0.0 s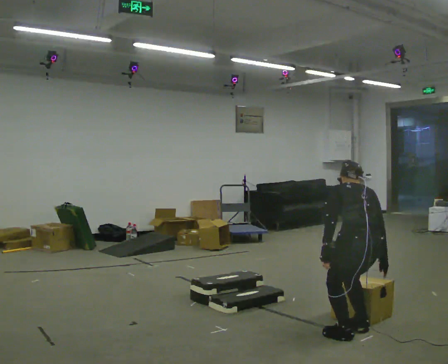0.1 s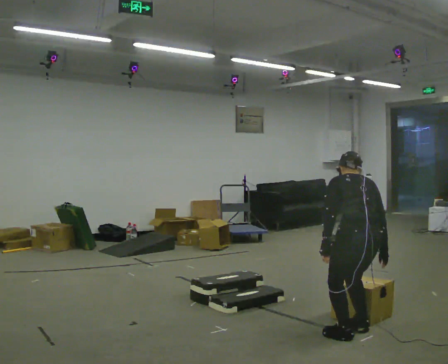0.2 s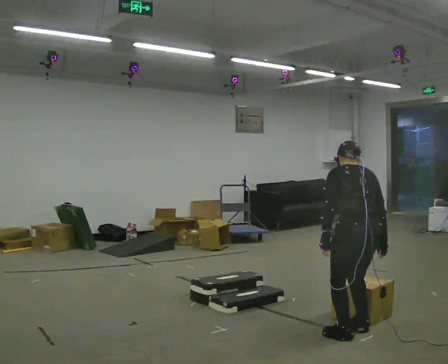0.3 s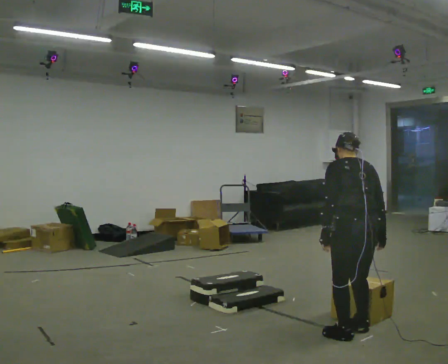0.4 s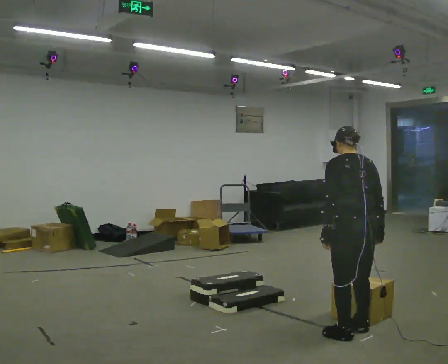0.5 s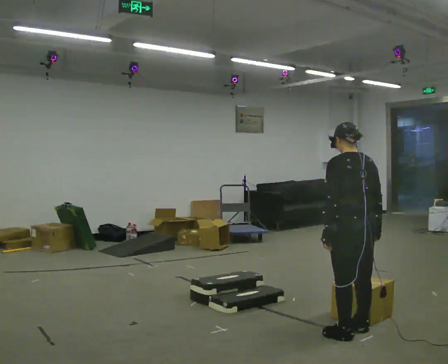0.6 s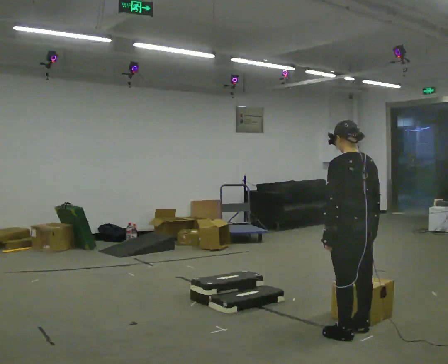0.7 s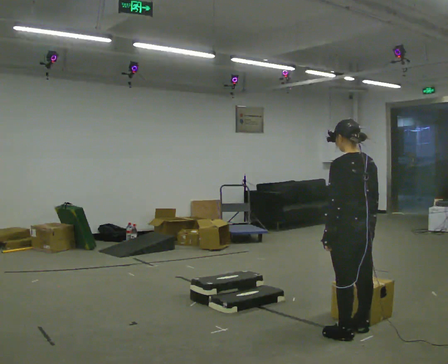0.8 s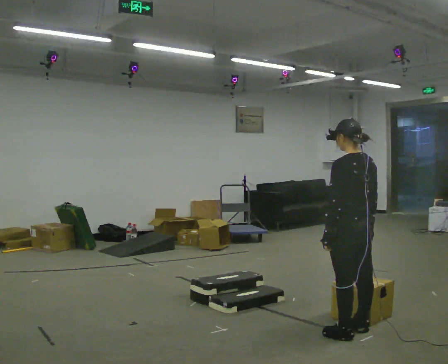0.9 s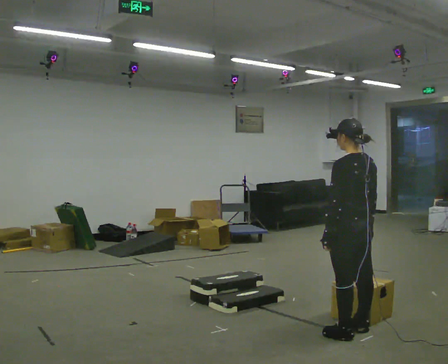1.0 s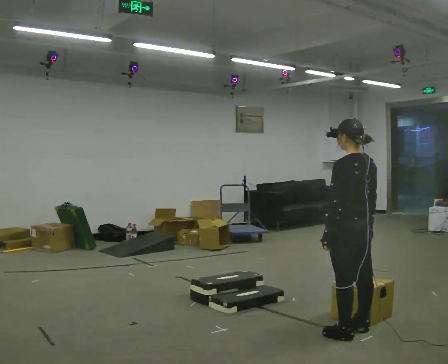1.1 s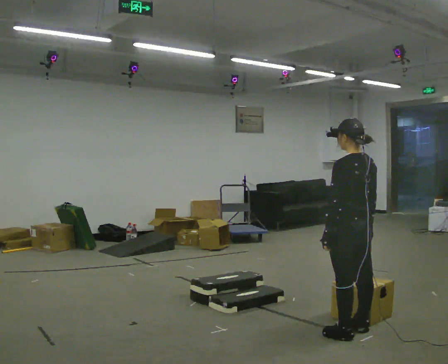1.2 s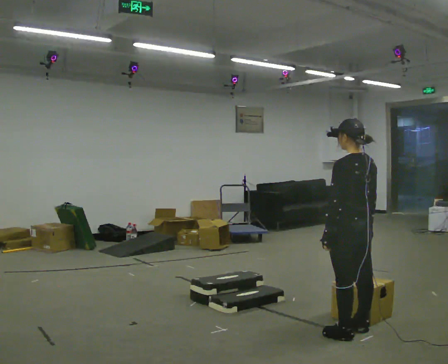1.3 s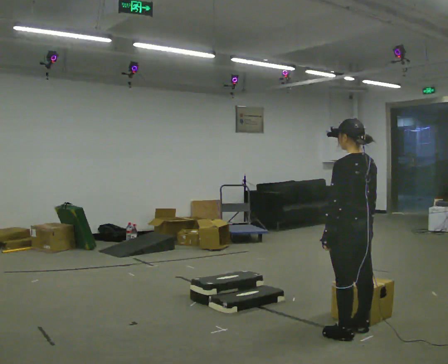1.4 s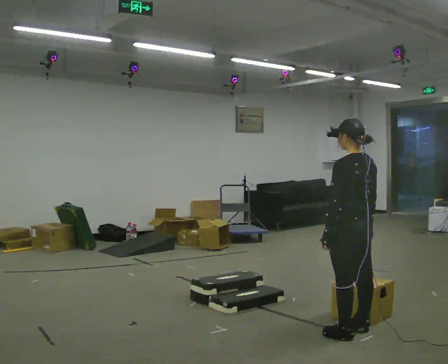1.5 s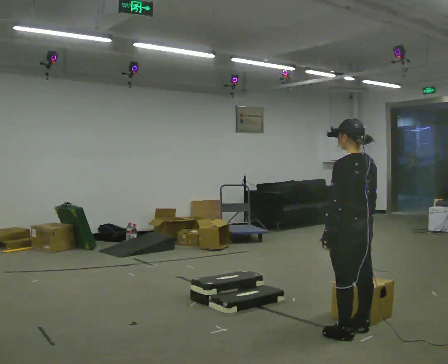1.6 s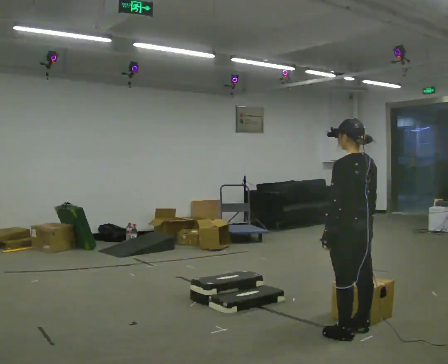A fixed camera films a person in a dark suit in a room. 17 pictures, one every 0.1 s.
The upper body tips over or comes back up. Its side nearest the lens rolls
downward.
0.0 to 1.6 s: The upper body goes upward. The upper body tips toward the camera, its near side rolling downward, as they lean back or straighten.
The film runs backward here.
